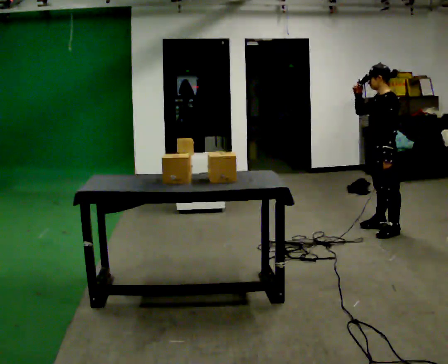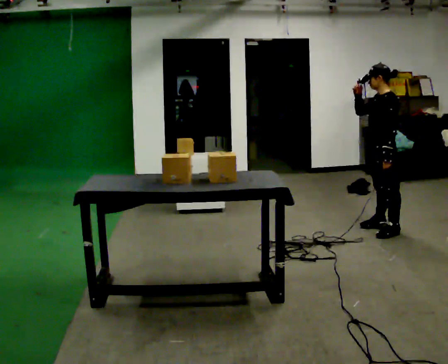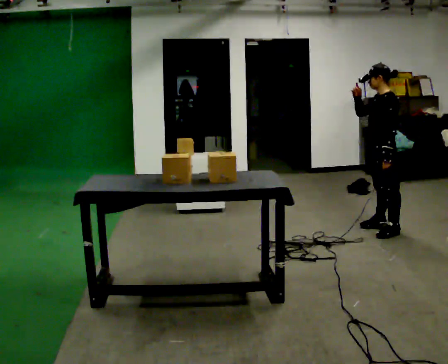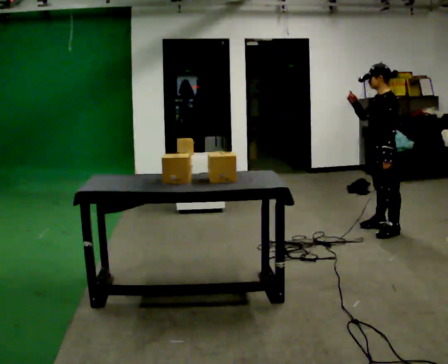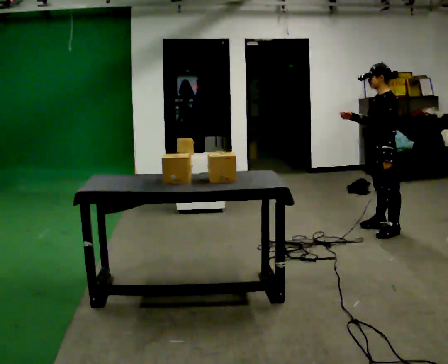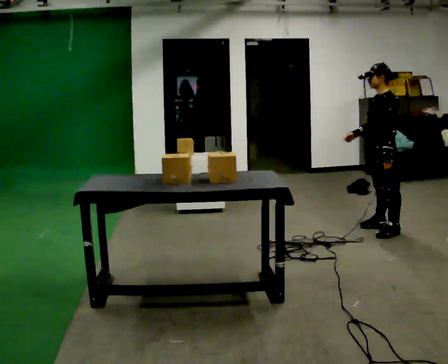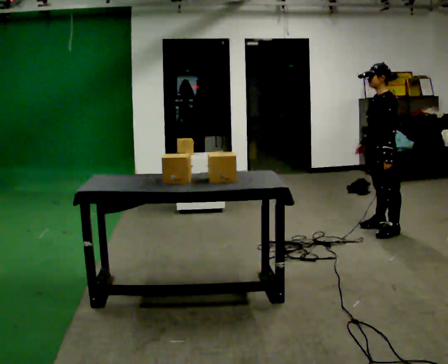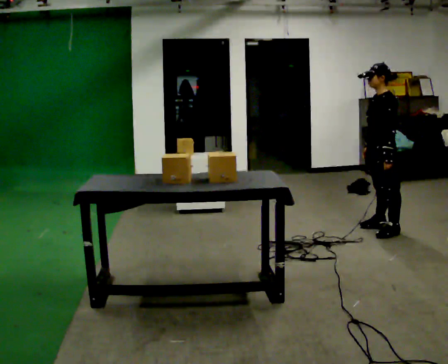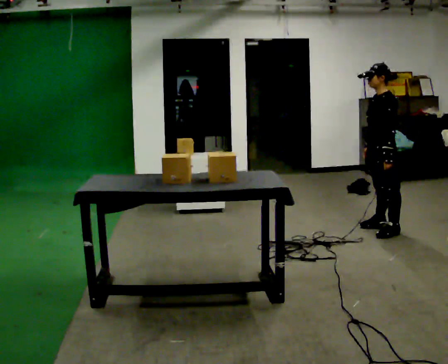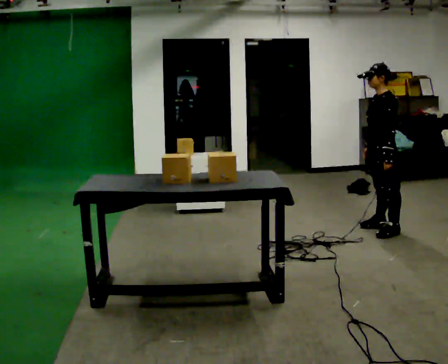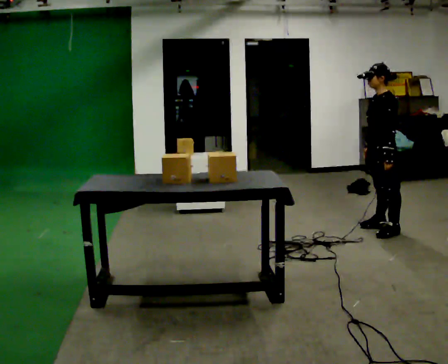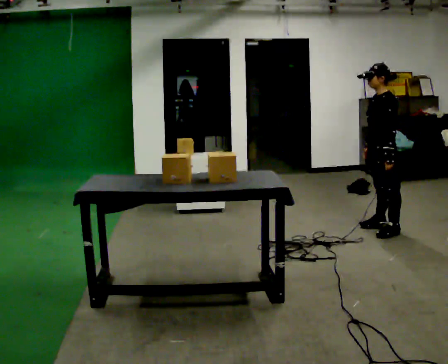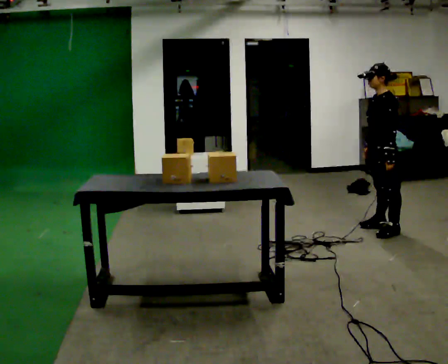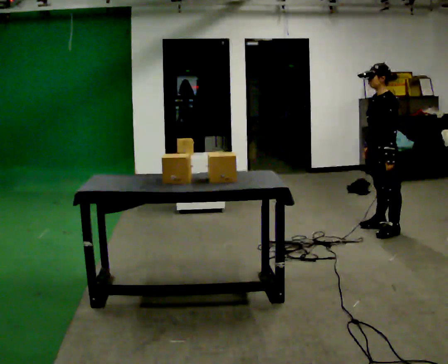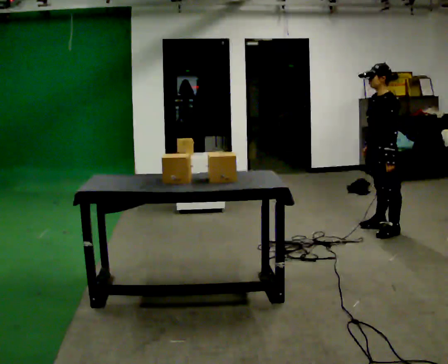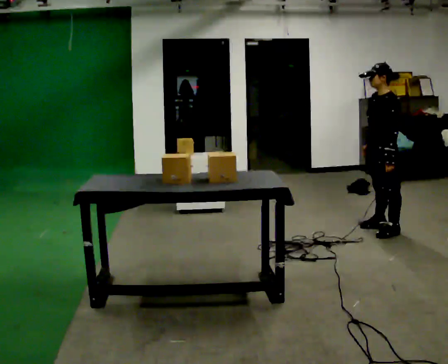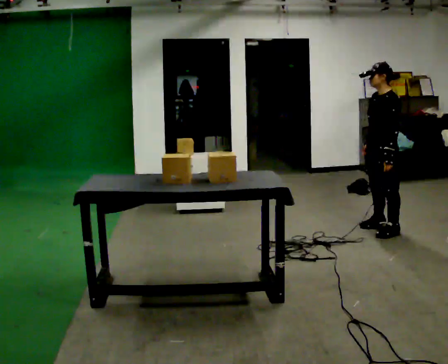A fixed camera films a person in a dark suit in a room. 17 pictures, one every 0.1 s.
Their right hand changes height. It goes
downward.
0.0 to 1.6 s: In the picture their right hand goes downward.
The film runs backward here.
